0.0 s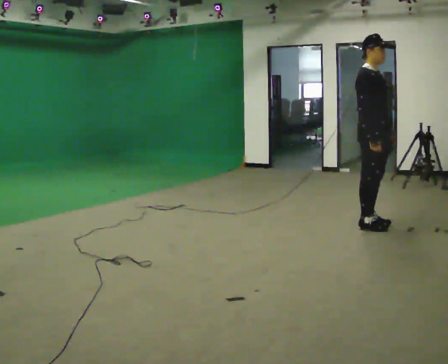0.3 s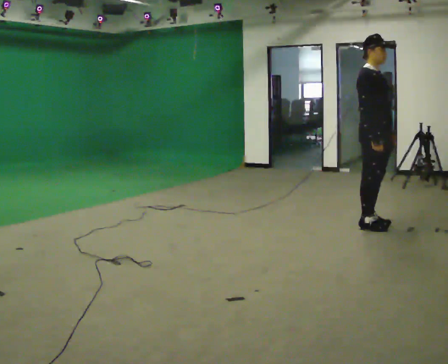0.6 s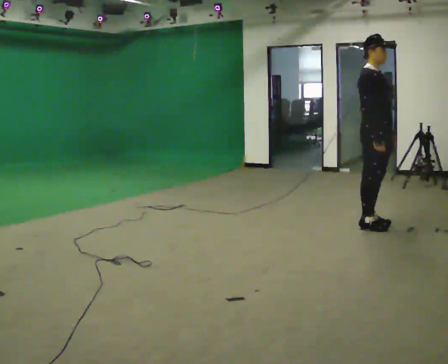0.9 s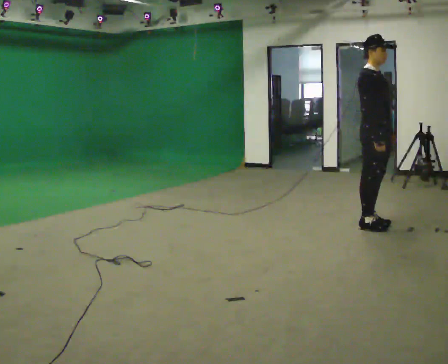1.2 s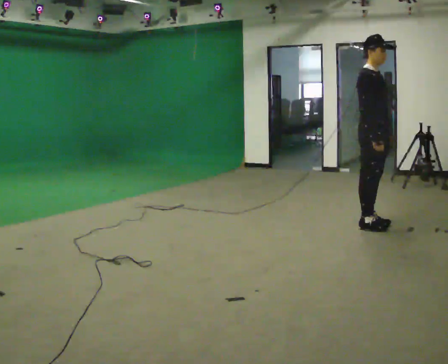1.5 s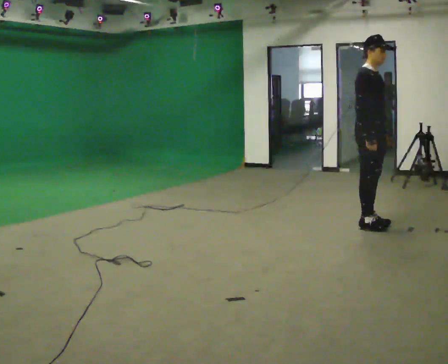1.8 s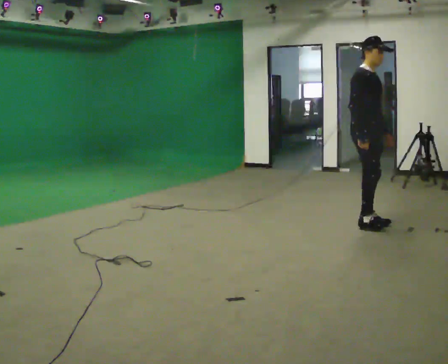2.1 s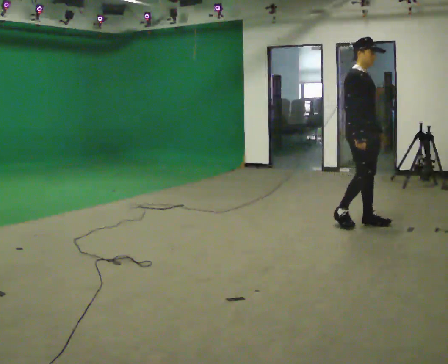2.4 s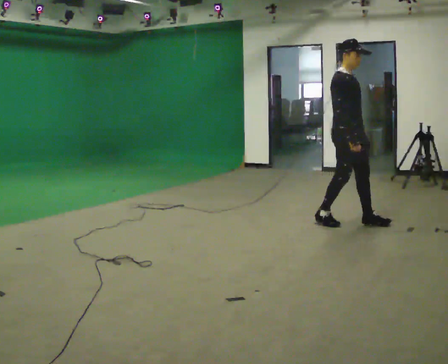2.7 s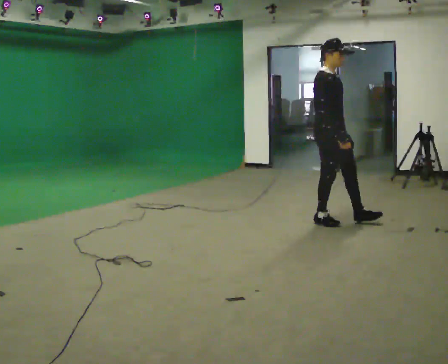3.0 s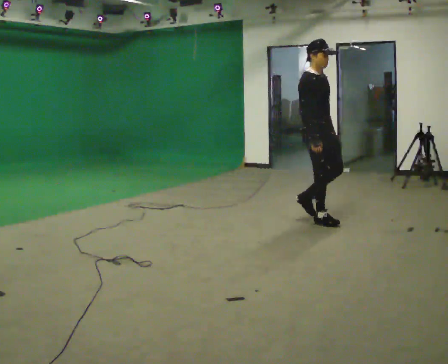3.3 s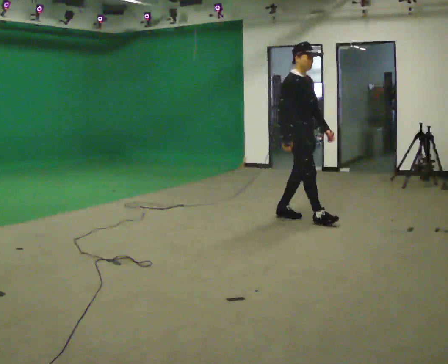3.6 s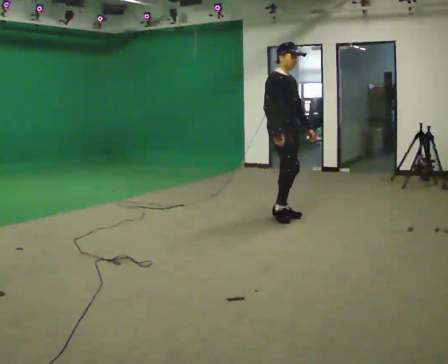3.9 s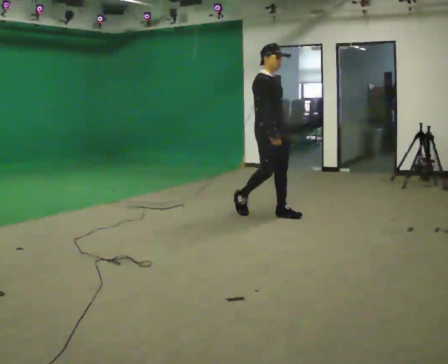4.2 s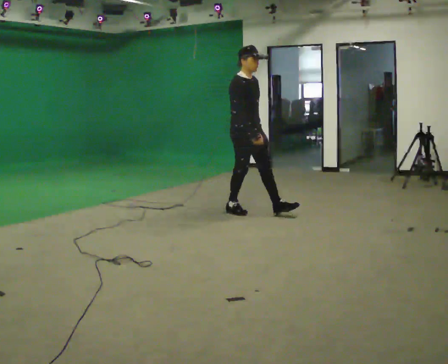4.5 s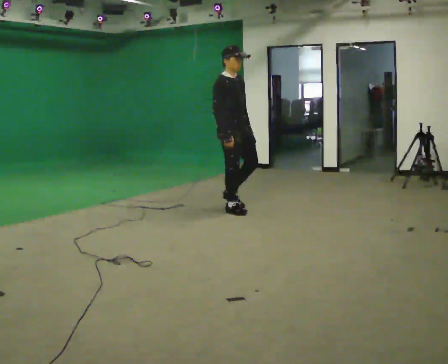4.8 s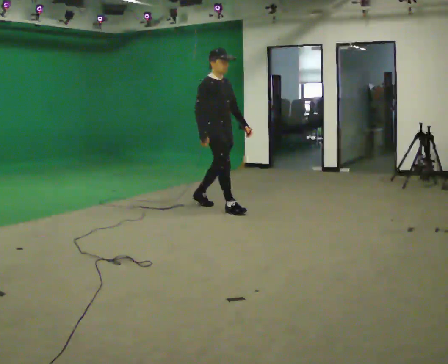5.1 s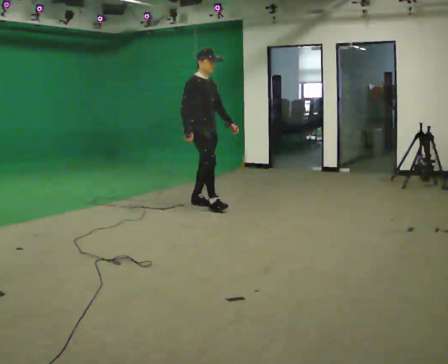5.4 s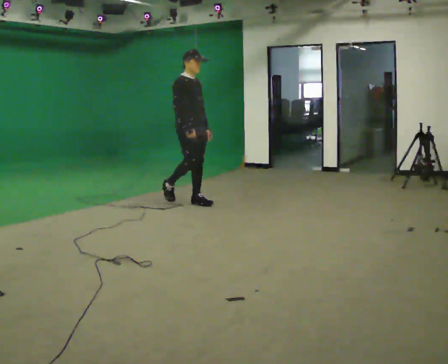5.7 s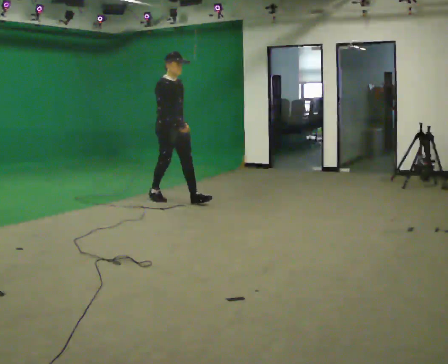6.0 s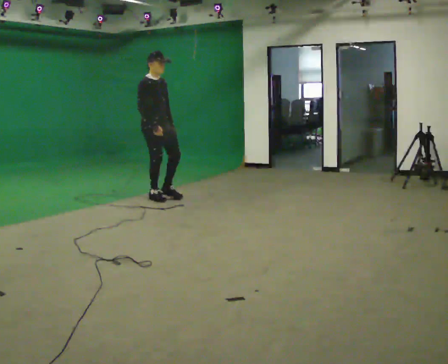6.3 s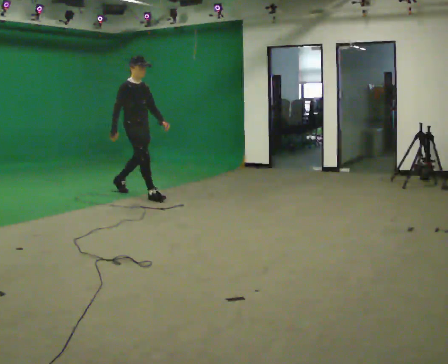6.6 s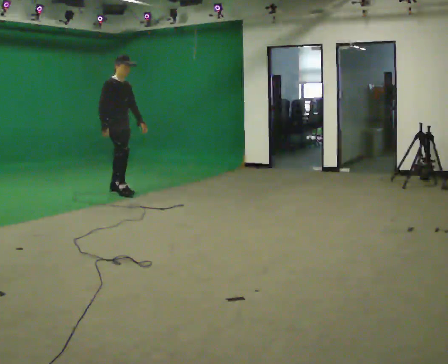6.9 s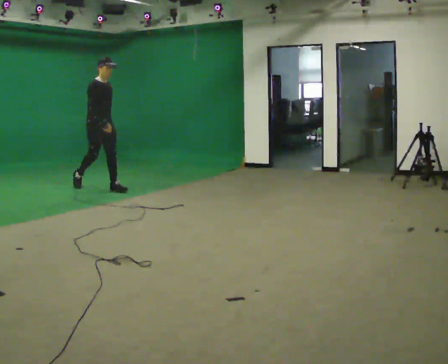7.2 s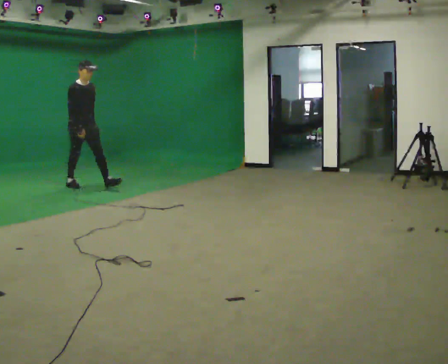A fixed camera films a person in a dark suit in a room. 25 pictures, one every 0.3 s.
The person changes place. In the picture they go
to the left.
0.0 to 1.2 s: The person moves a little, or ends about where they began.
1.2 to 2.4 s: In the picture they go to the left, about 0.25 m in 1 step, which for them is backward.
2.4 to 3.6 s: In the picture they go to the left and away from the camera, about 0.75 m in 2 steps, which for them is backward.
3.6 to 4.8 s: In the picture they go to the left and away from the camera, about 1 m in 1 step, which for them is backward.
4.8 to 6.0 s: In the picture they go to the left and away from the camera, about 1 m in 2 steps, which for them is backward.
6.0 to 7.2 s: In the picture they go to the left and away from the camera, about 1.5 m in 2 steps, which for them is backward.
The film runs backward here.
